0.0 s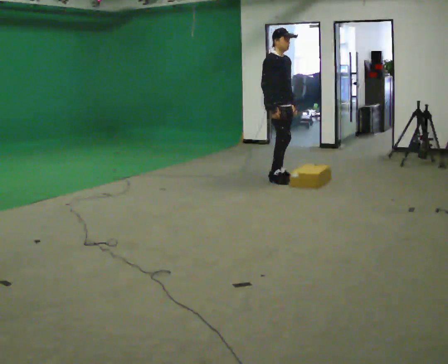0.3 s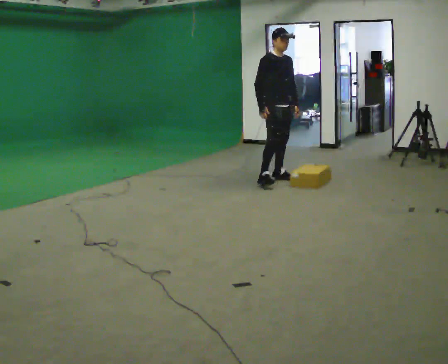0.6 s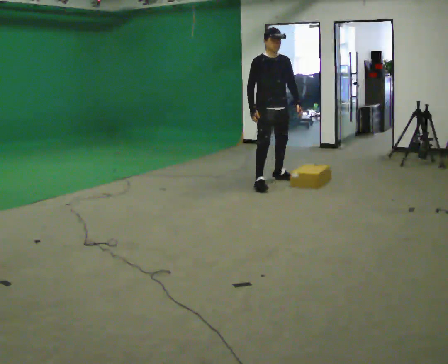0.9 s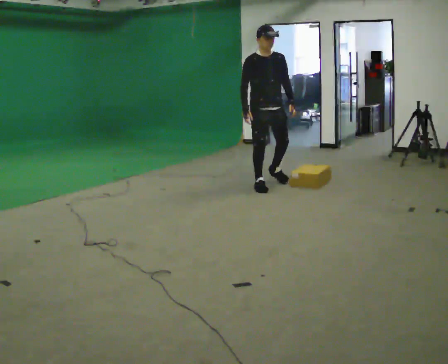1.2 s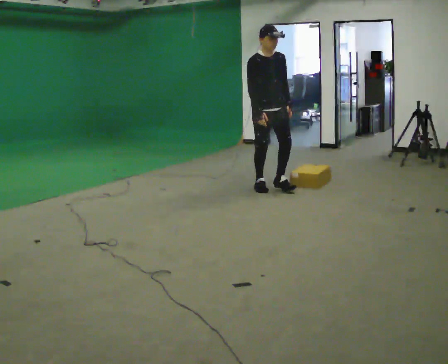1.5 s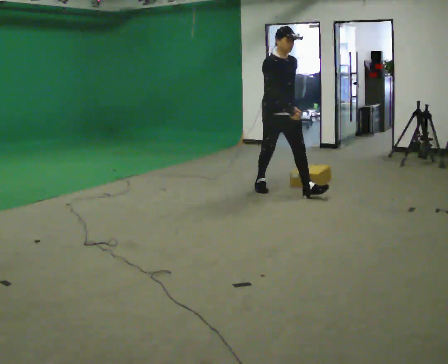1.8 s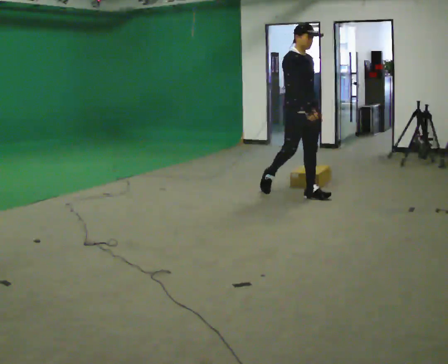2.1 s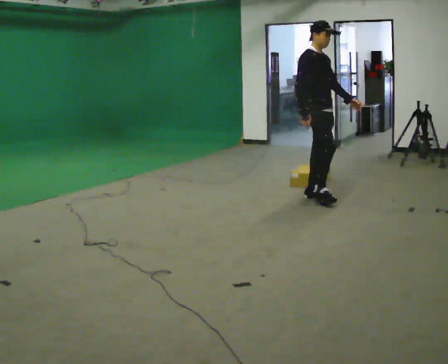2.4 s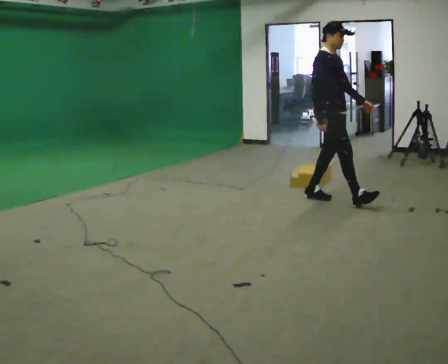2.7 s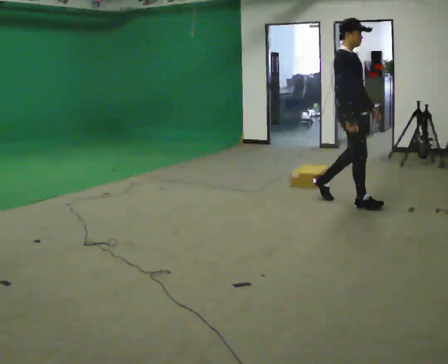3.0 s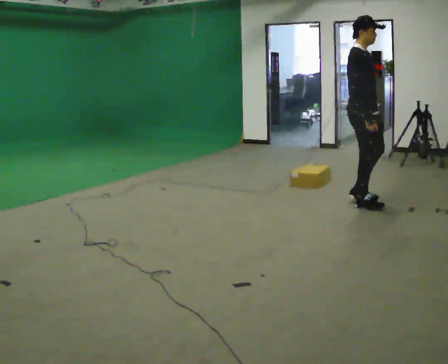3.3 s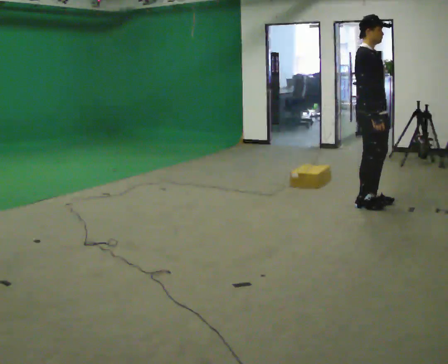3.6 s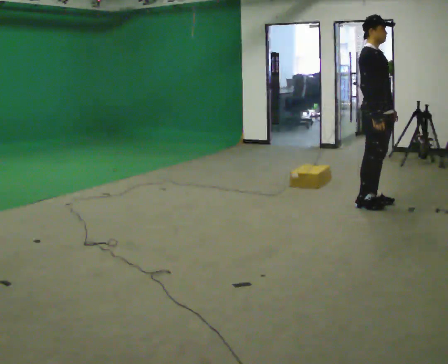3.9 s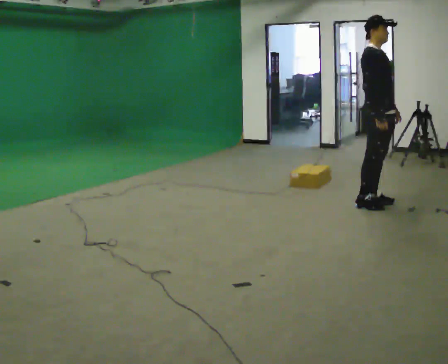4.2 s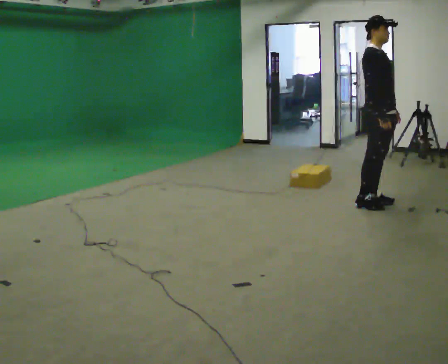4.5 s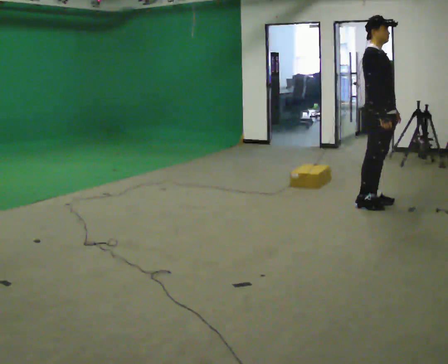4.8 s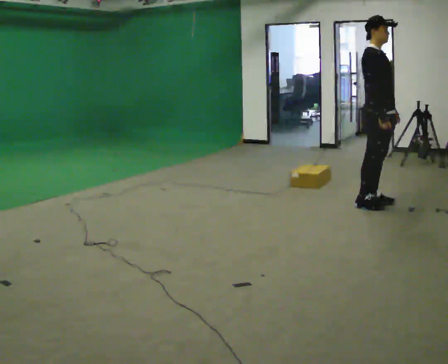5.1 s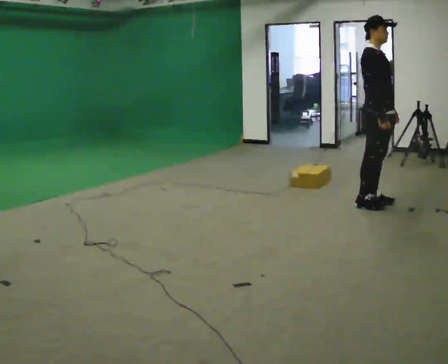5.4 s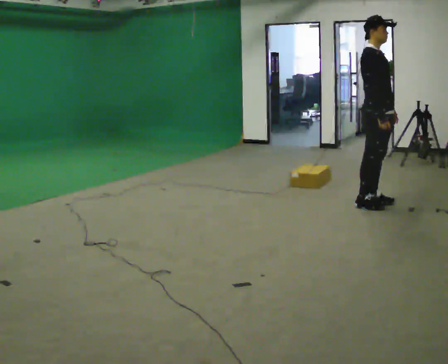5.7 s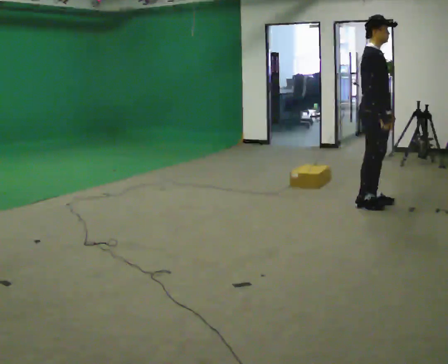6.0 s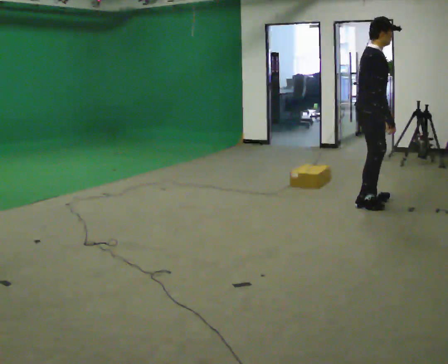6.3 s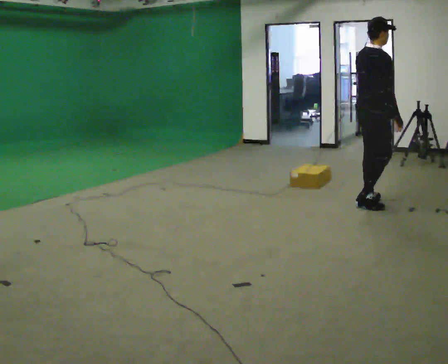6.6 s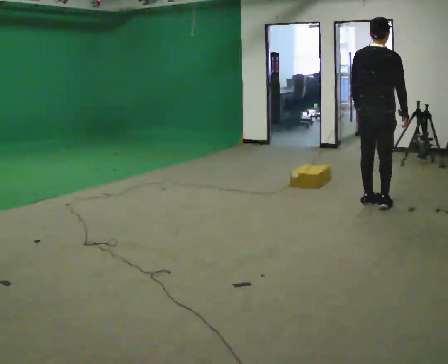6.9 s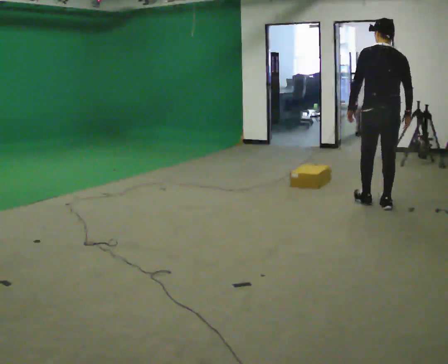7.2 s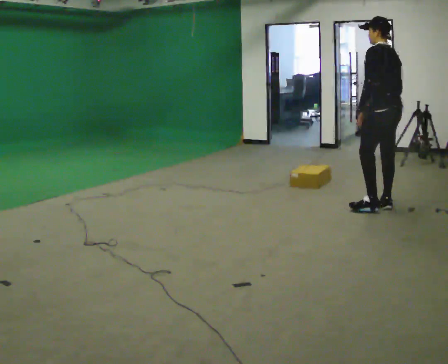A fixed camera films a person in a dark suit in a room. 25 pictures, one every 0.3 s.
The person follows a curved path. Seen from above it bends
counterclockwise.
0.0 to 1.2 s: The part of the body nearest the lens slides to the left as the person turns to their right by about 30 degrees. In the picture they go toward the camera, about 0.5 m in 1 step, which for them is forward and to their right.
1.2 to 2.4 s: The part of the body nearest the lens slides to the right as the person turns to their left by about 30 degrees. In the picture they go to the right and toward the camera, about 1 m in 2 steps, which for them is forward.
2.4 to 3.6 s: In the picture they go to the right, about 0.5 m in 1 step, which for them is forward.
3.6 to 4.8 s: The person moves a little, or ends about where they began.
4.8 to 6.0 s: The person turns about 30 degrees to their left, counterclockwise seen from above, so the part of the body nearest the lens slides to the right.
6.0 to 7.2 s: The part of the body nearest the lens slides to the right as the person turns to their left by about 135 degrees. In the picture they go to the right, about 0.25 m in 1 step.
The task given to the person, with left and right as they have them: Start still; walk straight at normal comfortable speed; stop at endpoint.
The film runs forward here.
